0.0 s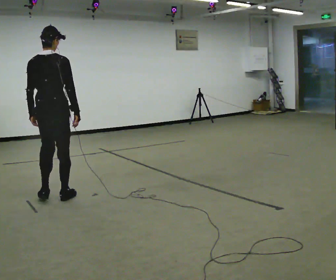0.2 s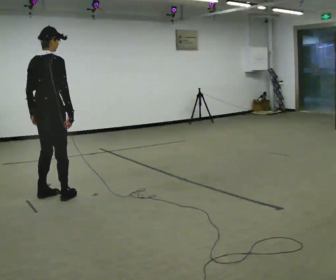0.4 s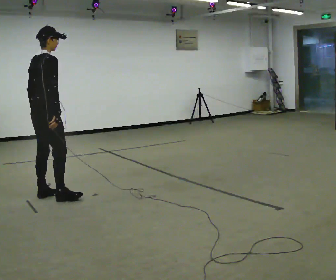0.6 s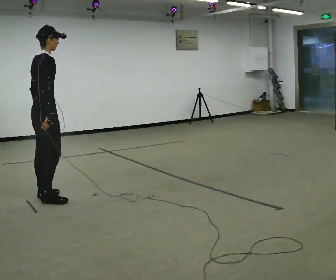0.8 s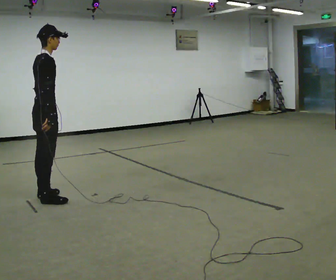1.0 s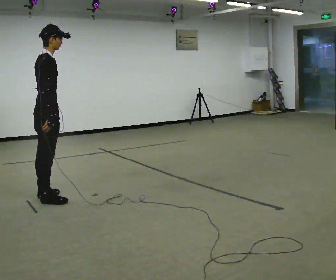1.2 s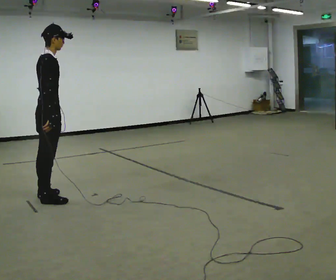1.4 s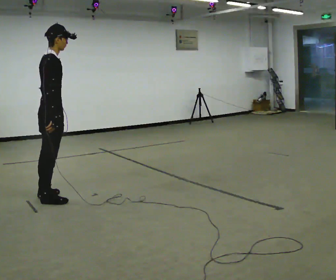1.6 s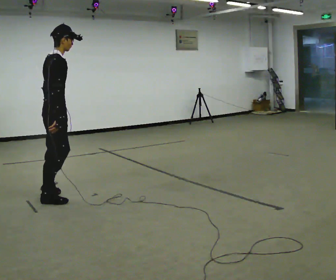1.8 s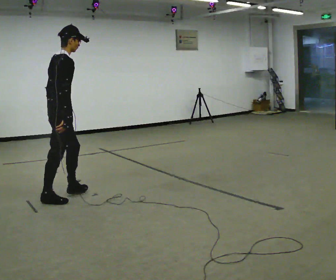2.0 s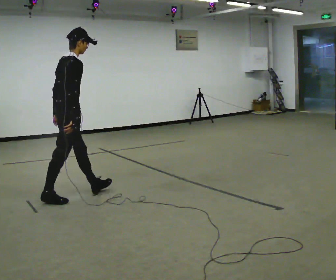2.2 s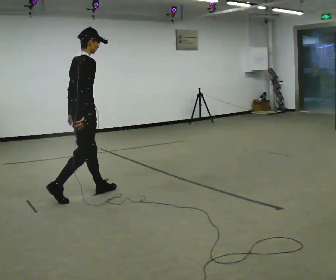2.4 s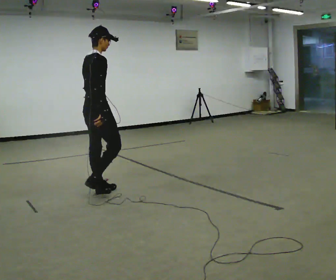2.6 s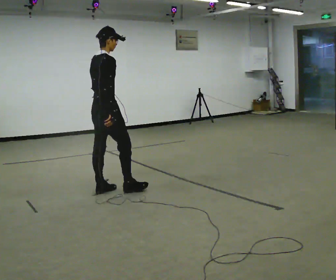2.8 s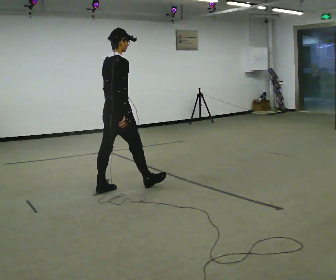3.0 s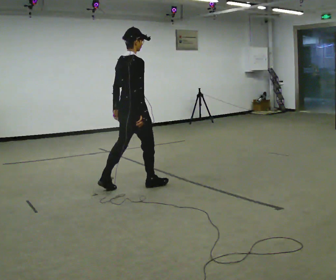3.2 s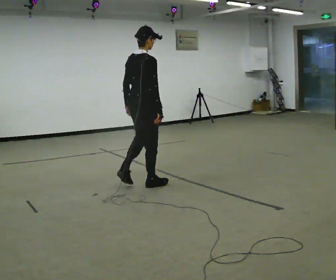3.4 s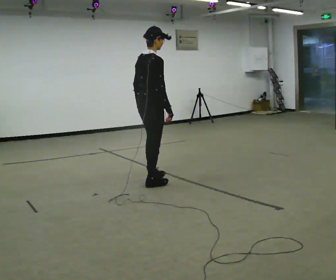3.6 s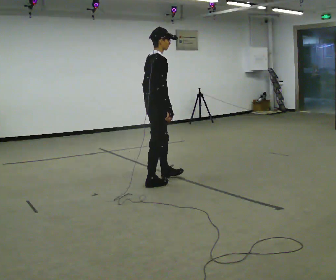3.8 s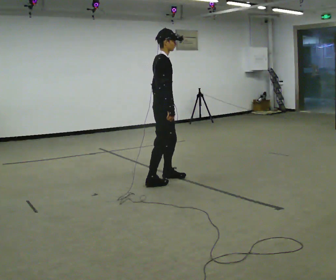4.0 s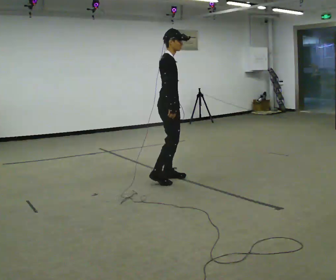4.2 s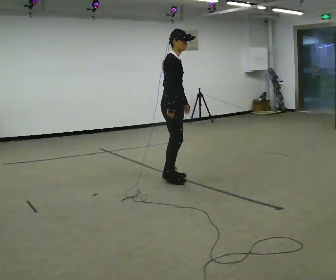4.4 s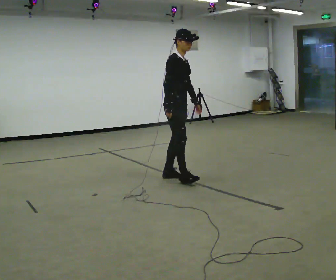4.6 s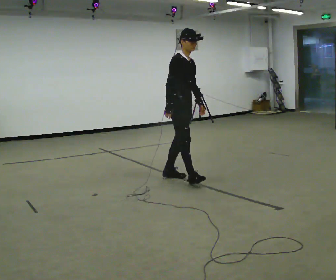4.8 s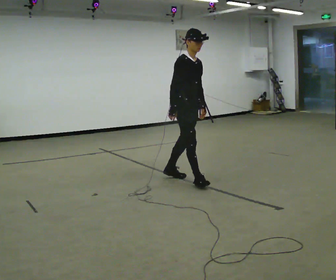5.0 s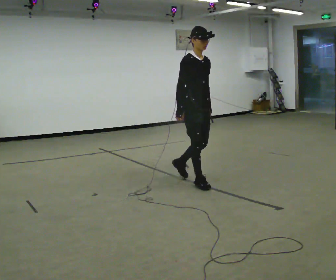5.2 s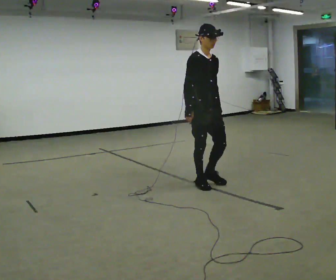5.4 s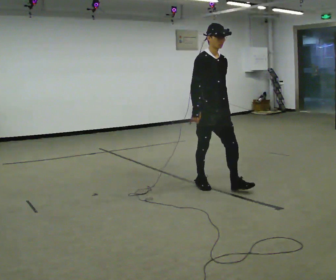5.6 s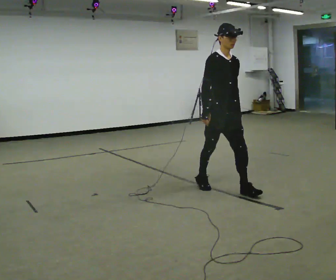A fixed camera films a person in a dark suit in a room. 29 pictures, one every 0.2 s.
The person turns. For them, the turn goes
to their right.
The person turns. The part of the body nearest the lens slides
to the left.
0.0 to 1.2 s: Seen from above the body turns clockwise, about 60 degrees: to their right, with its near side sliding to the left.
1.2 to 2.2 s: In the picture they go to the right and away from the camera, about 0.5 m in 1 step, which for them is forward.
2.2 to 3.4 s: In the picture they go to the right and away from the camera, about 1 m in 1 step, which for them is forward.
3.4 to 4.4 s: The person turns about 60 degrees to their right, clockwise seen from above, so the part of the body nearest the lens slides to the left. In the picture they go to the right and away from the camera, about 0.25 m in 1 step, which for them is forward and to their left.
4.4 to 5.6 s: Seen from above the body turns clockwise, about 30 degrees: to their right, with its near side sliding to the left. In the picture they go toward the camera and to the right, about 0.5 m in 2 steps, which for them is forward.
The film runs forward here.
